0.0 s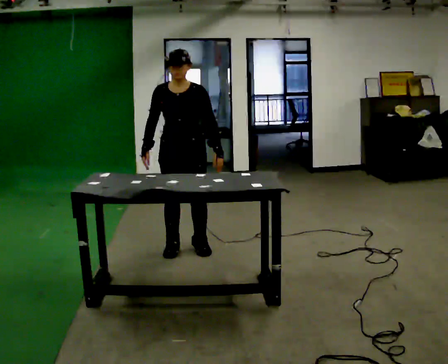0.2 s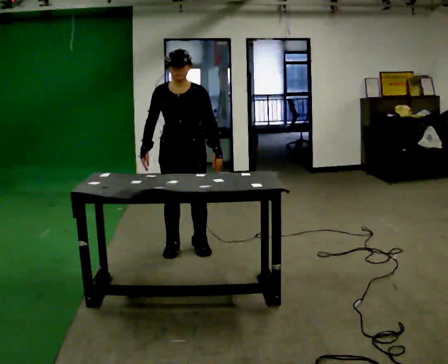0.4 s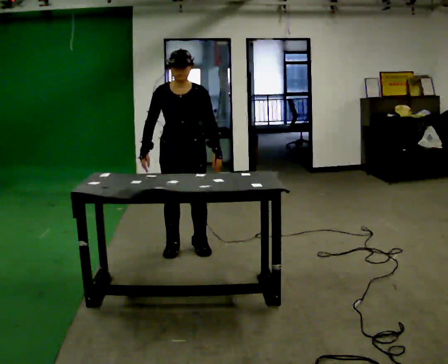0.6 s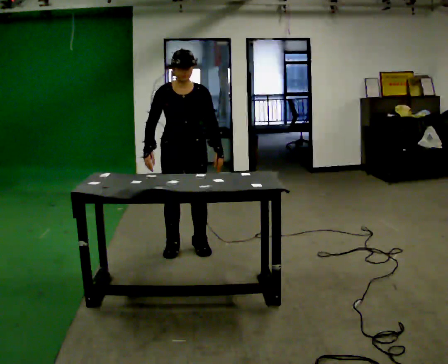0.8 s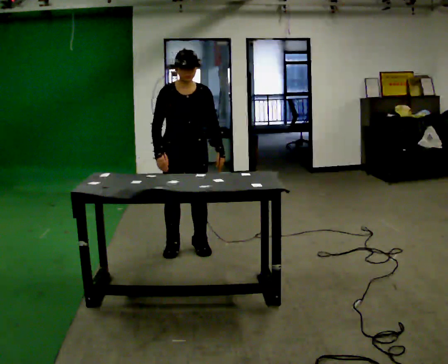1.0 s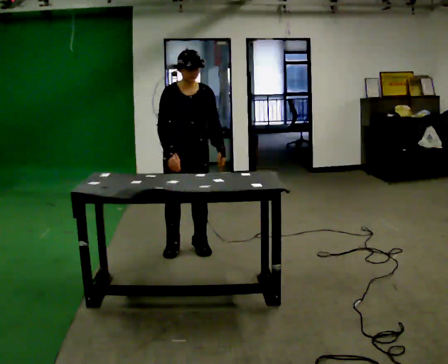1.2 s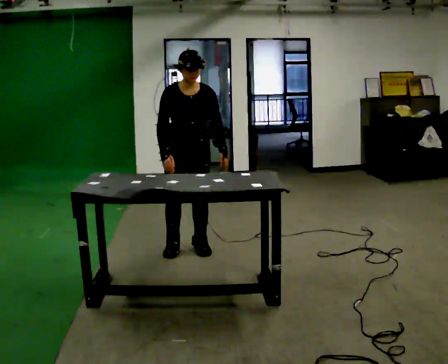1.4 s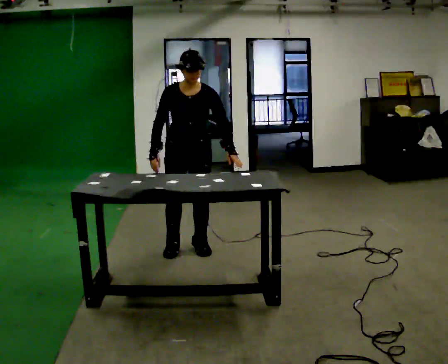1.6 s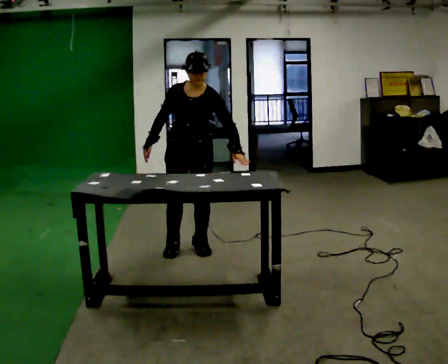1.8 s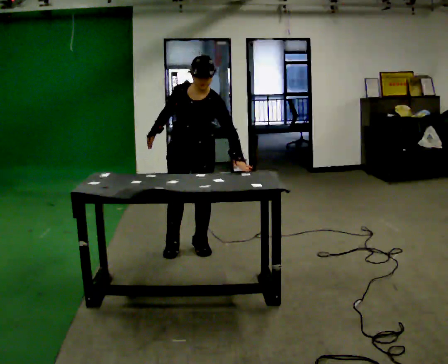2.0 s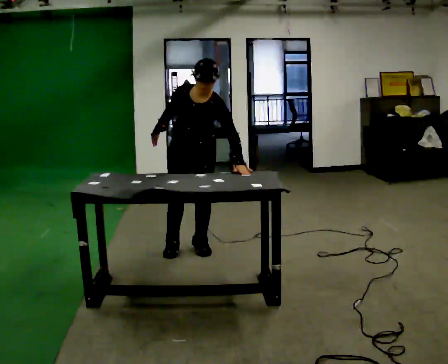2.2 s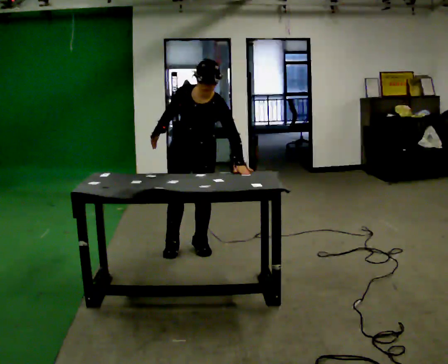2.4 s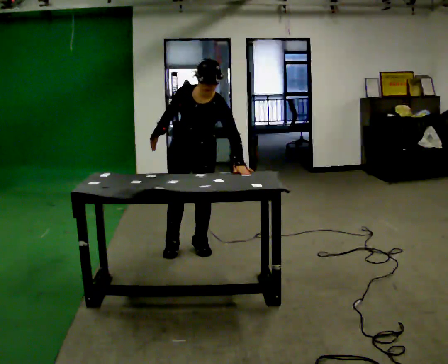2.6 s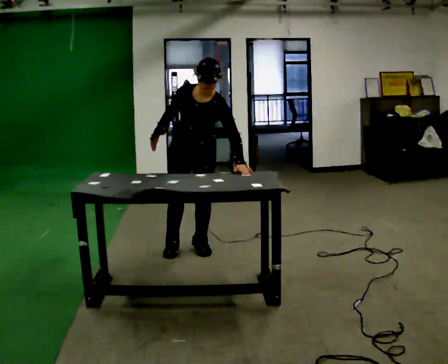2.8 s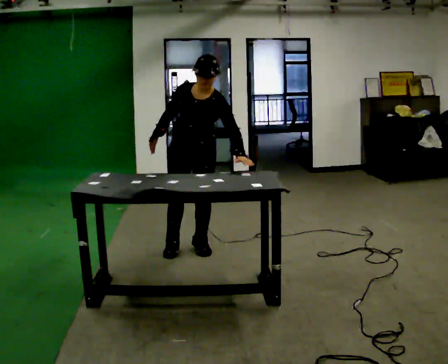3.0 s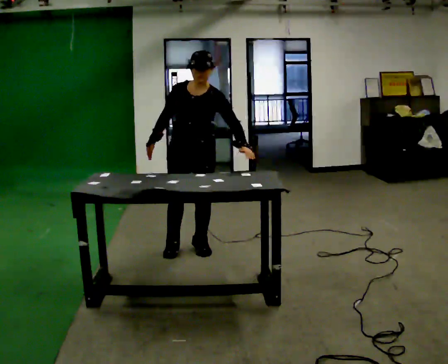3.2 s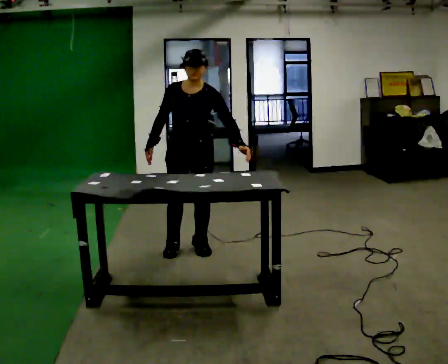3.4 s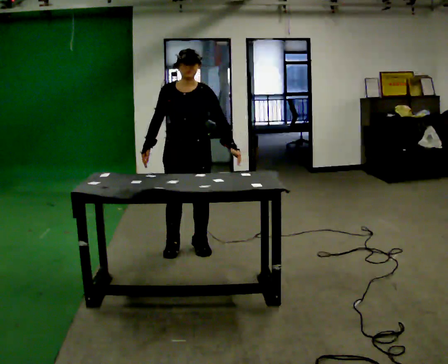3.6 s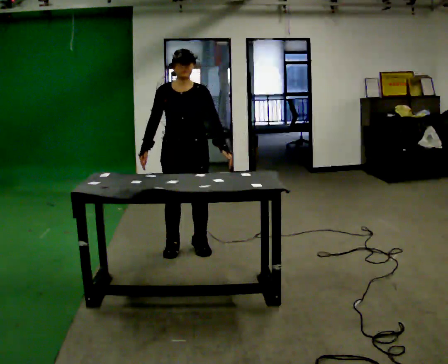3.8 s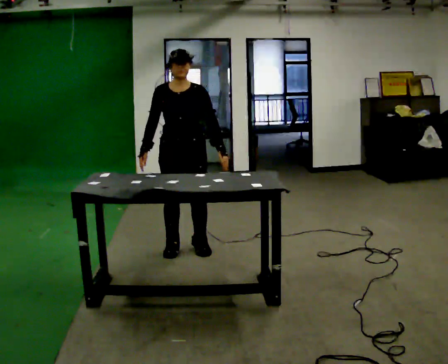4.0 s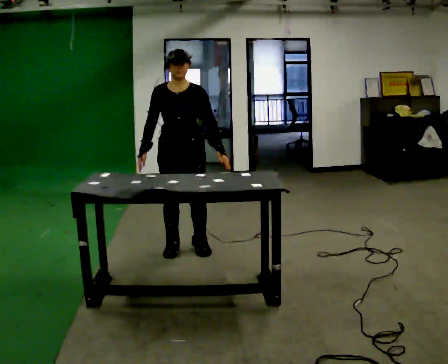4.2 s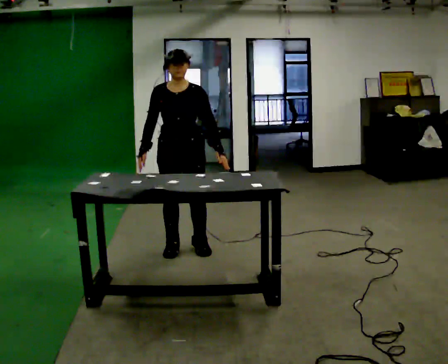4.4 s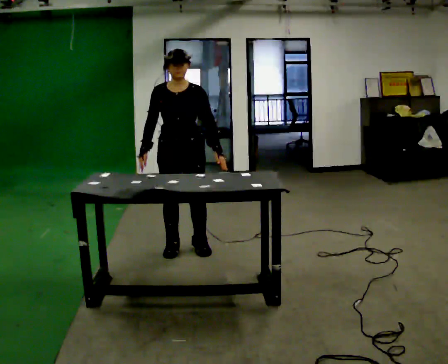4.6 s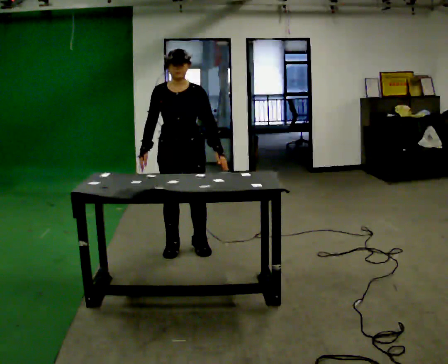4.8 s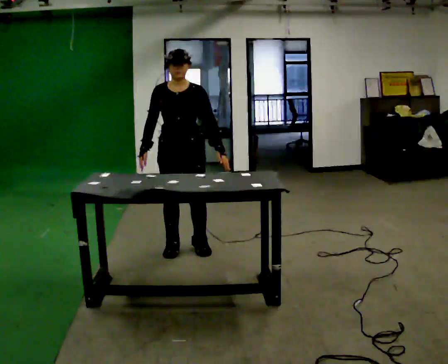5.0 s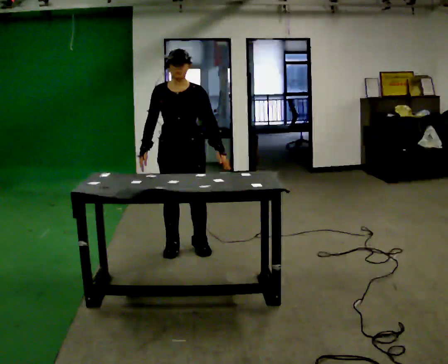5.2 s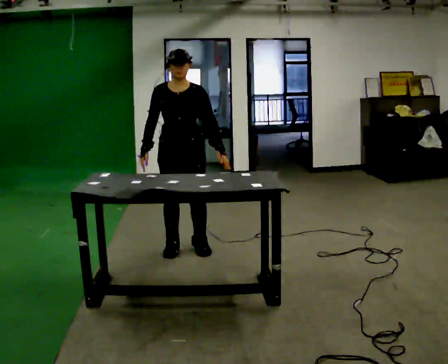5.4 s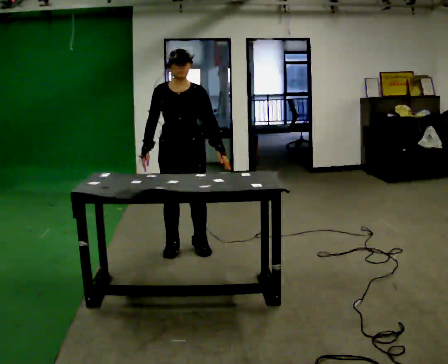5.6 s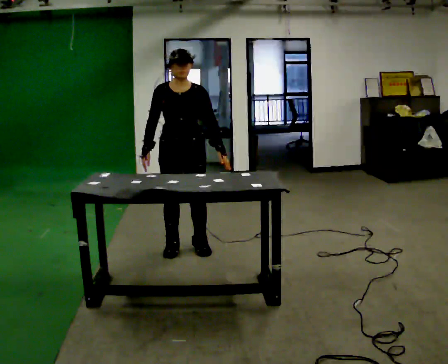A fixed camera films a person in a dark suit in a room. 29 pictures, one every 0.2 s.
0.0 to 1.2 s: The person moves a little, or ends about where they began.
1.2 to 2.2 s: Seen from above the body turns clockwise, about 30 degrees: to their right, with its near side sliding to the left. The upper body tips toward the camera, its near side rolling downward, as they bend forward.
2.2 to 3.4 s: The upper body tips away from the camera, its near side rolling upward, as they lean back or straighten.
3.4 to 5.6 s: The person moves a little, or ends about where they began.
The film runs forward here.
